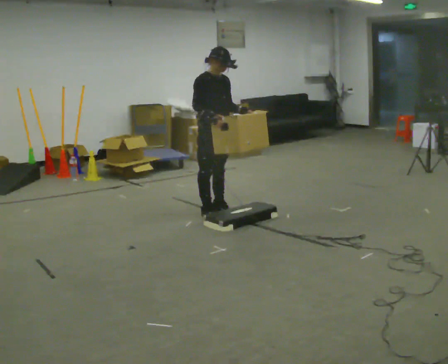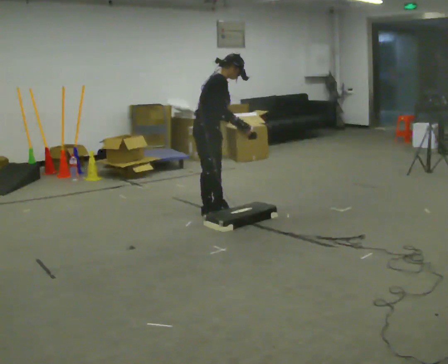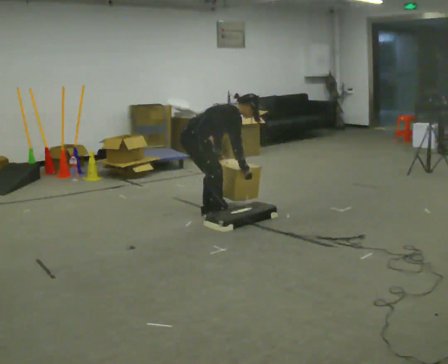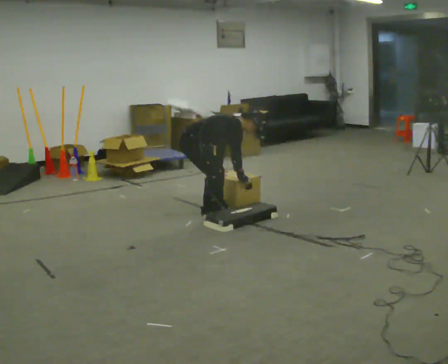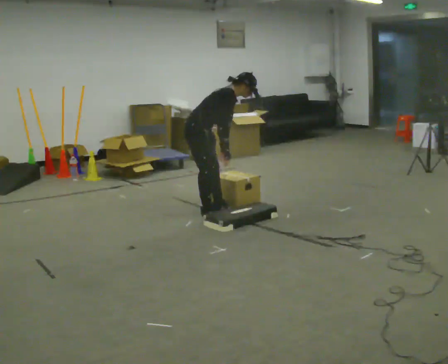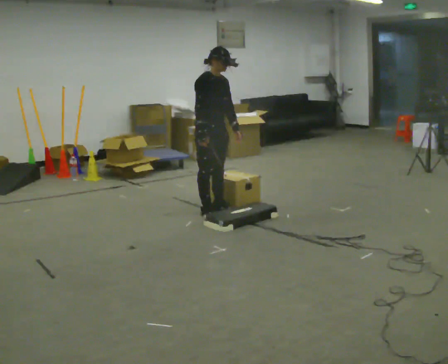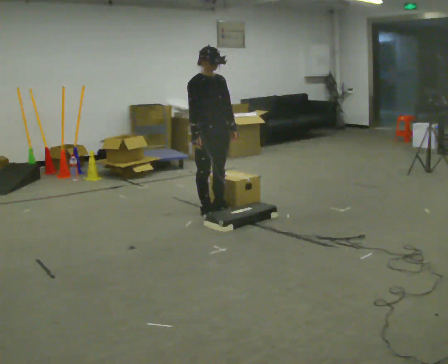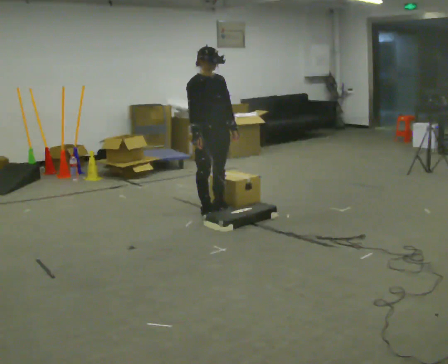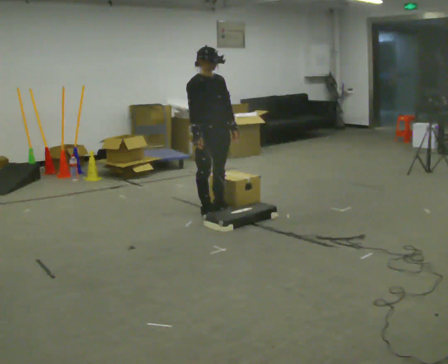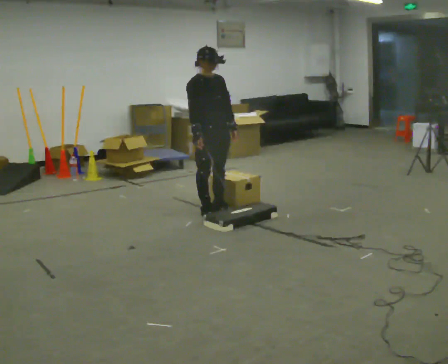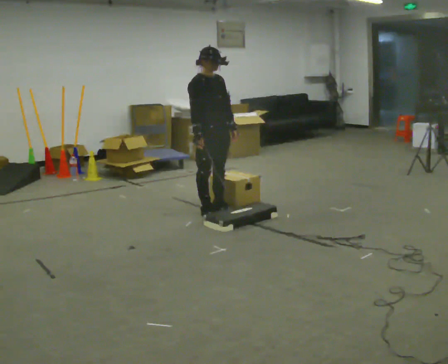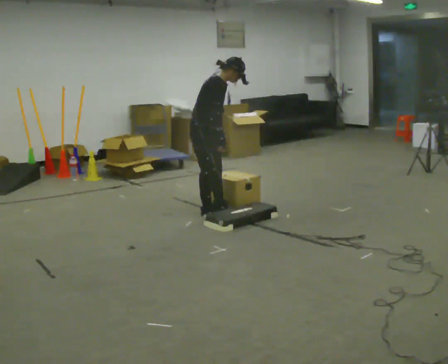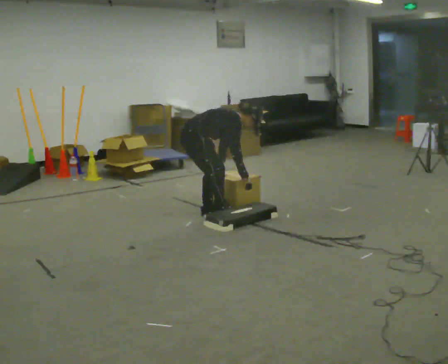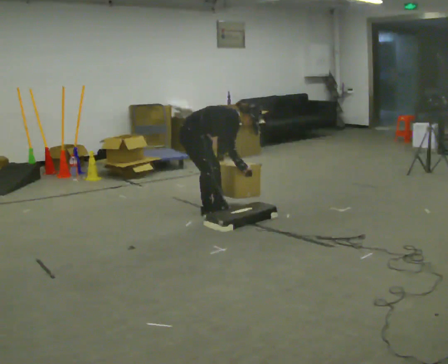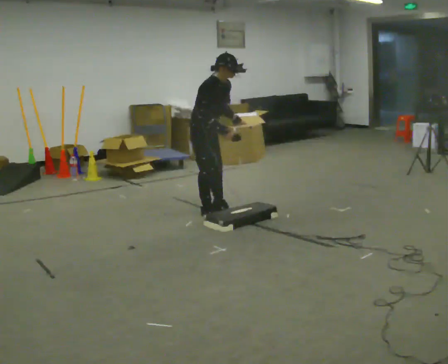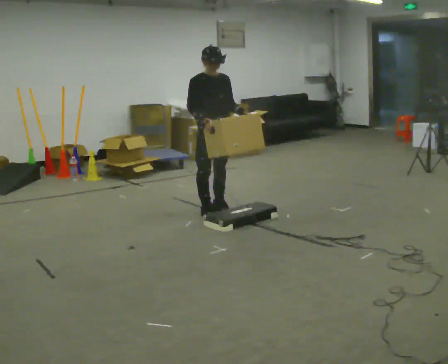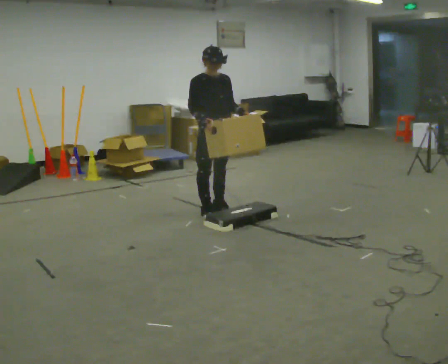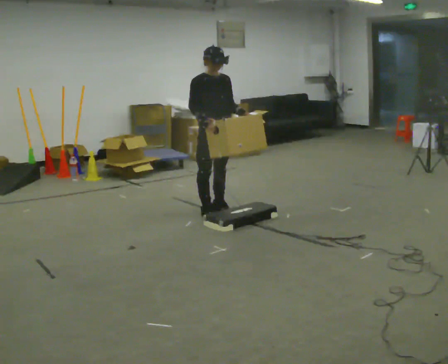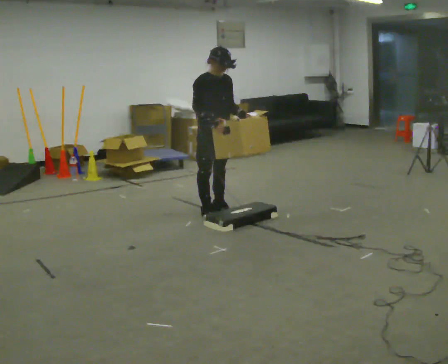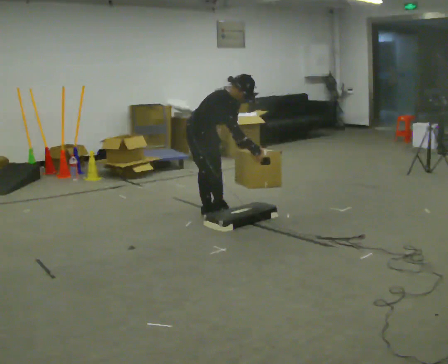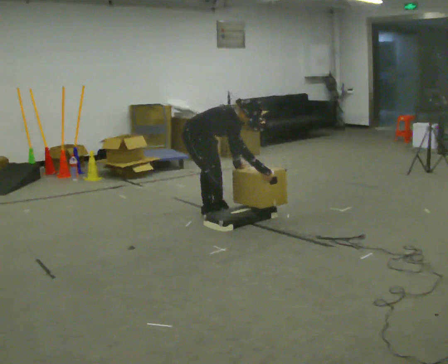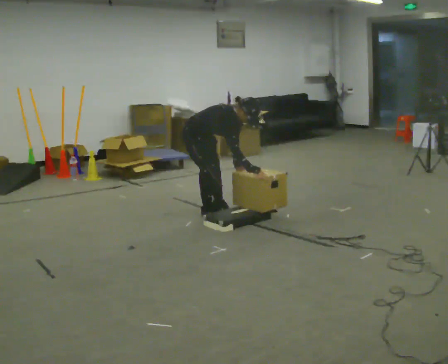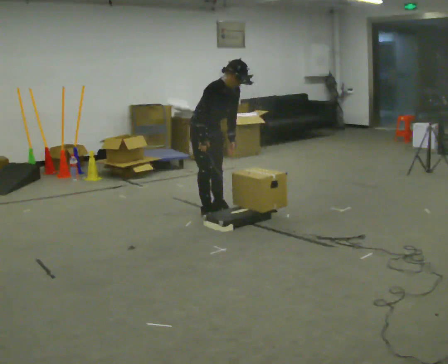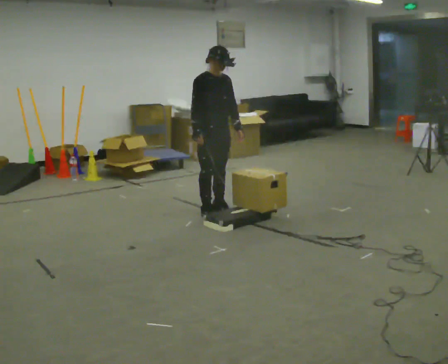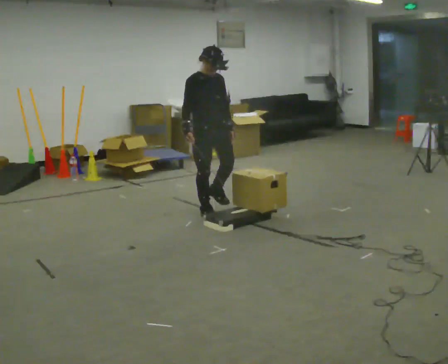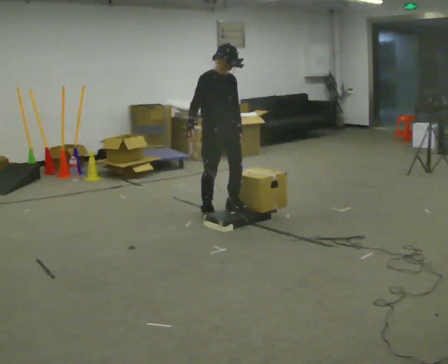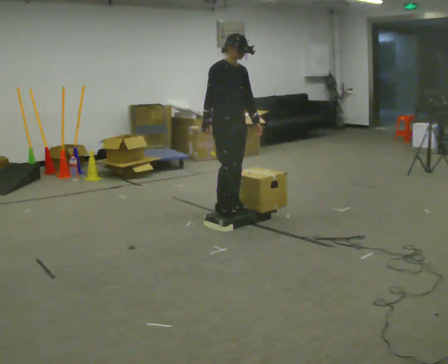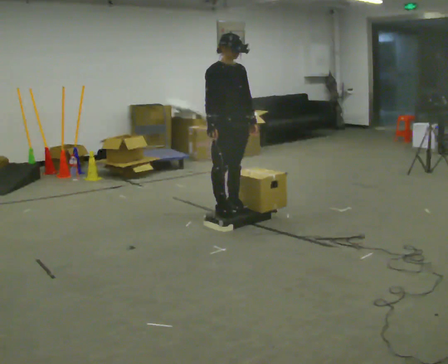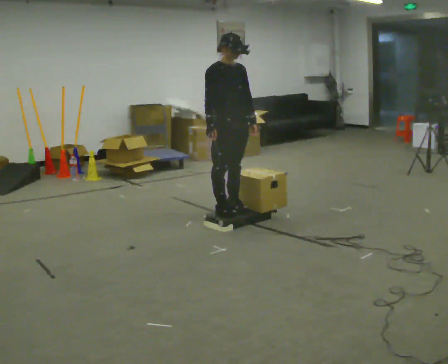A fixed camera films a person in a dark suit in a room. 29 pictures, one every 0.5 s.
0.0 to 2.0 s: Seen from above the body turns counterclockwise, about 30 degrees: to their left, with its near side sliding to the right. In the picture their left hand goes downward, the arm swinging clockwise.
2.0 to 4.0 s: The part of the body nearest the lens slides to the left as the person turns to their right by about 45 degrees. The shoulders move upward. In the picture the upper body tilts counterclockwise, shoulders to the left, as they lean back or straighten.
4.0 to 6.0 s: The part of the body nearest the lens slides to the right as the person turns to their left by about 45 degrees. In the picture they go to the left, about 0.25 m, which for them is to their right. The shoulders move downward. In the picture the upper body tilts clockwise, shoulders to the right, as they bend forward. In the picture their left hand goes downward.
6.0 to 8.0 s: The person turns about 60 degrees to their right, clockwise seen from above, so the part of the body nearest the lens slides to the left. In the picture they go to the right, about 0.25 m, which for them is forward. The upper body goes upward. In the picture the upper body tilts counterclockwise, shoulders to the left, as they lean back or straighten. In the picture their left hand goes upward, the arm swinging counterclockwise.
8.0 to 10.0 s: The person turns about 30 degrees to their left, counterclockwise seen from above, so the part of the body nearest the lens slides to the right. In the picture they go to the left, about 0.25 m, which for them is backward. The shoulders move downward. In the picture the upper body tilts clockwise, shoulders to the right, as they bend forward. In the picture their left hand goes downward.
10.0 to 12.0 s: In the picture they go toward the camera, about 0.25 m, which for them is forward. The shoulders move upward. In the picture the upper body tilts counterclockwise, shoulders to the left, as they lean back or straighten. In the picture their right hand goes to the left and upward, the arm swinging clockwise.
12.0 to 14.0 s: In the picture they go toward the camera and to the right, about 0.25 m in 2 steps, which for them is forward.
The film runs forward here.
